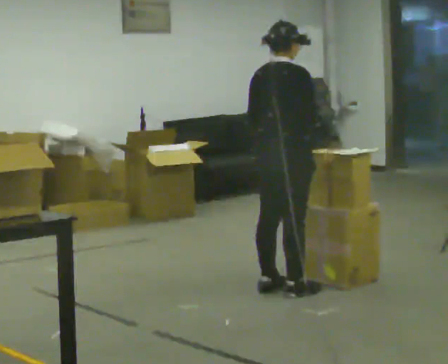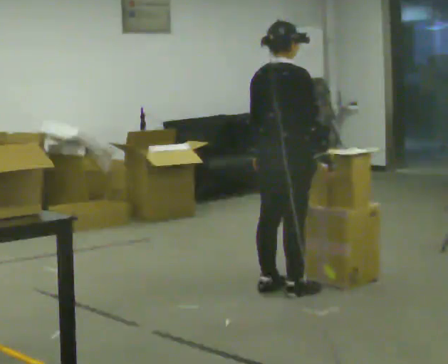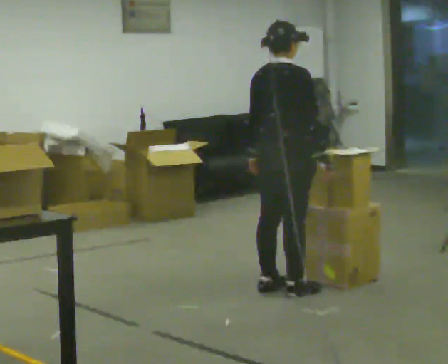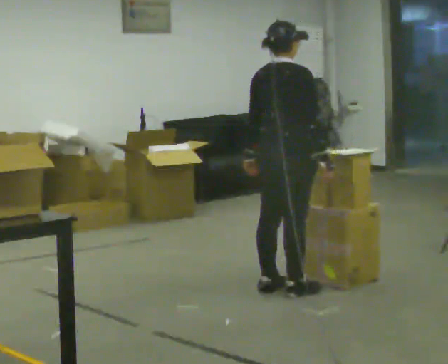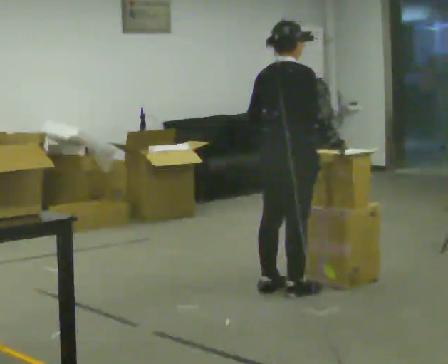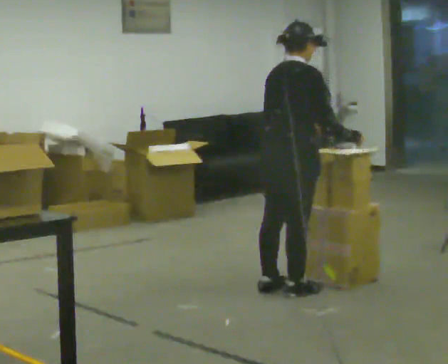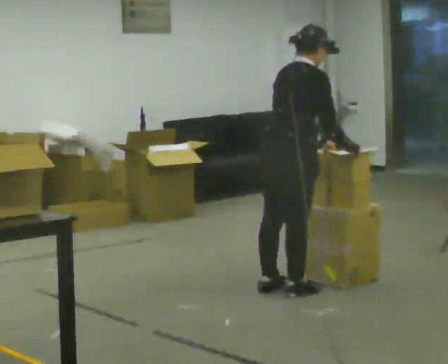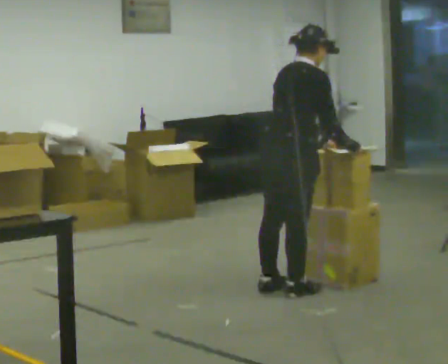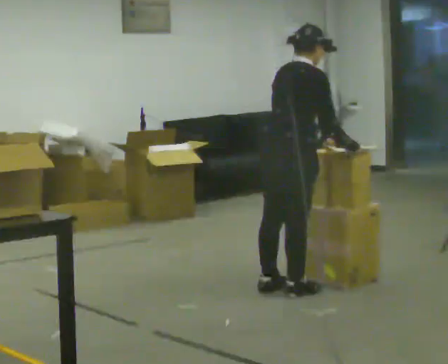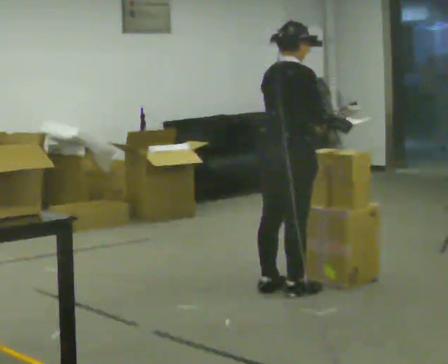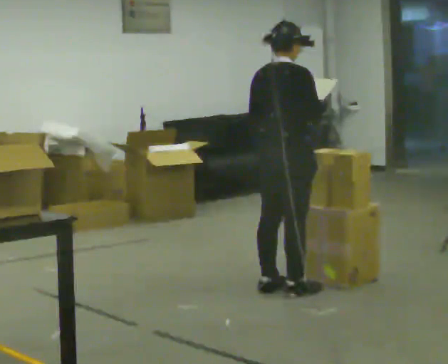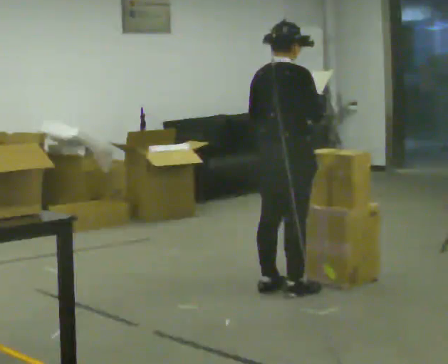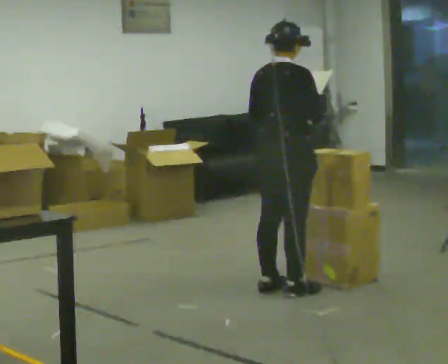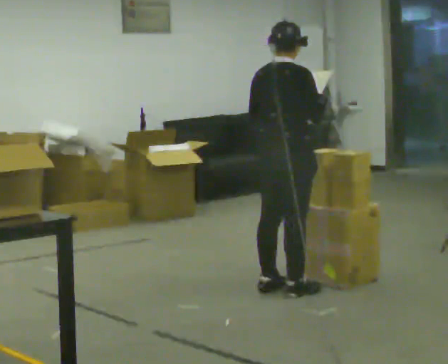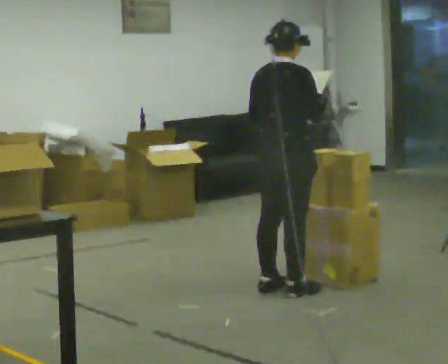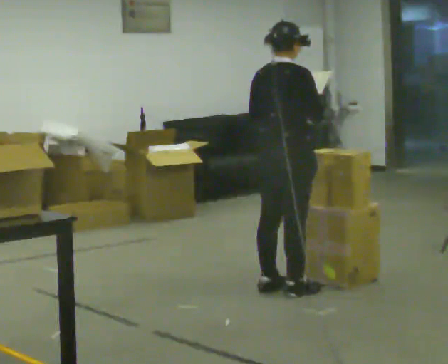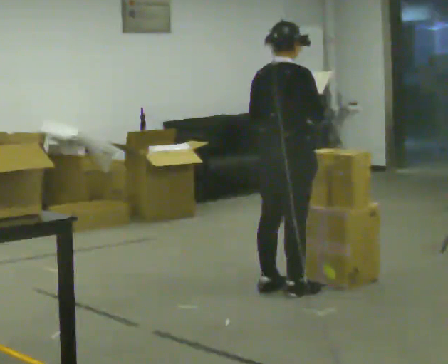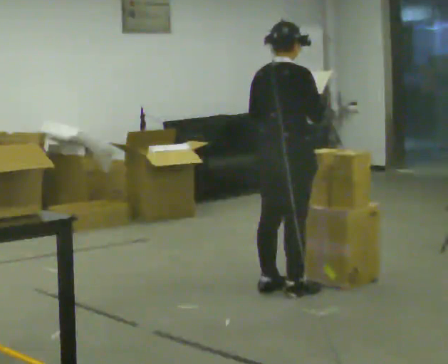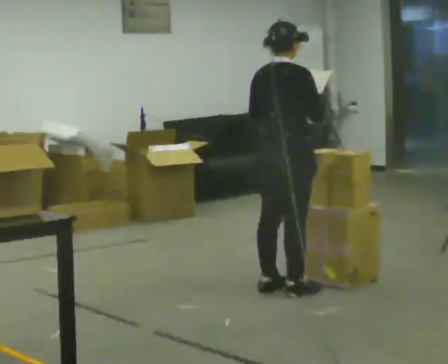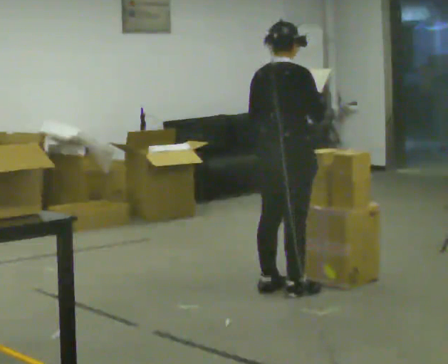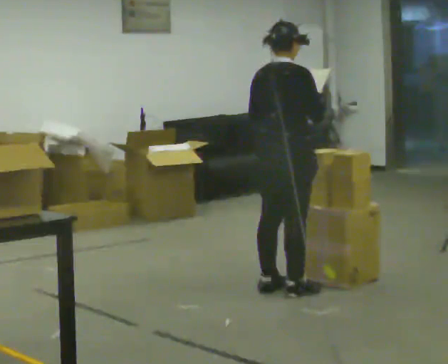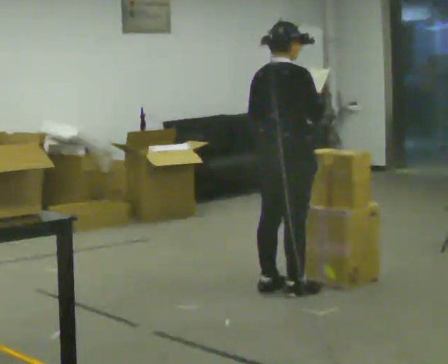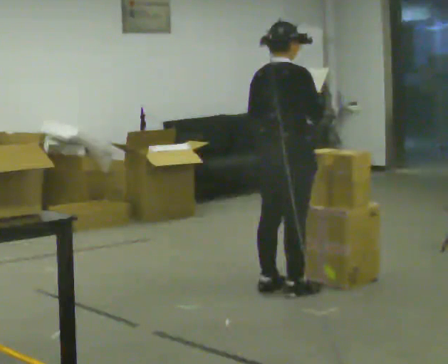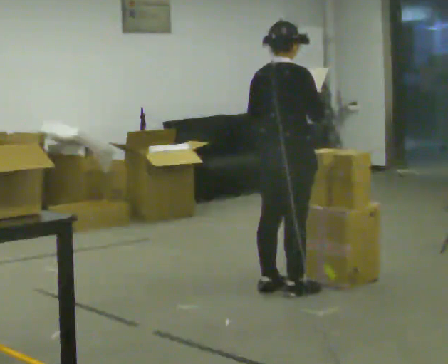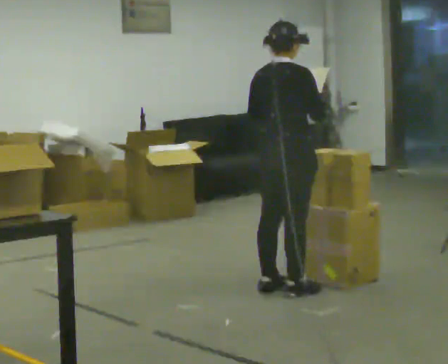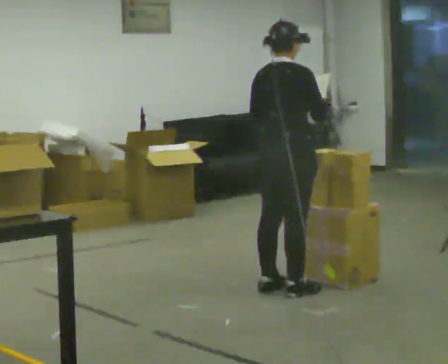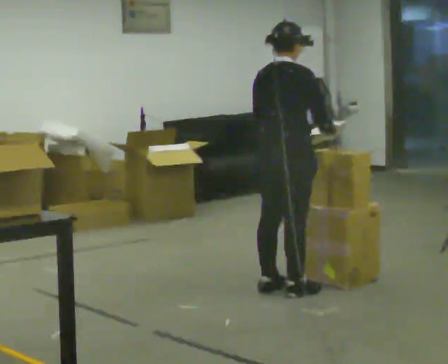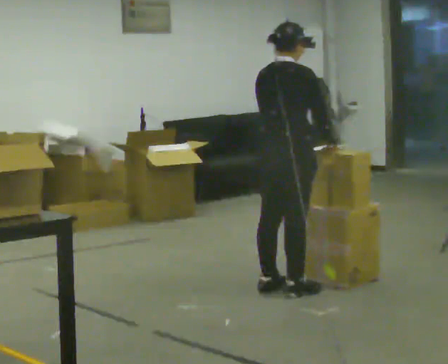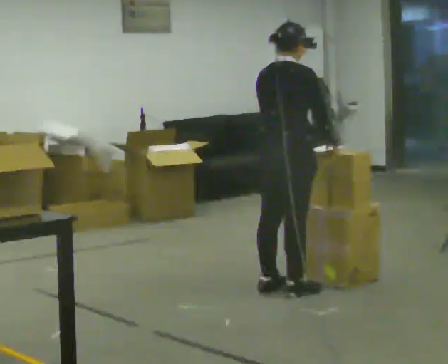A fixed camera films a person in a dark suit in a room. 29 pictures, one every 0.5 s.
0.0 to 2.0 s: The person moves a little, or ends about where they began.
2.0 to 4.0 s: In the picture their left hand goes to the right.
4.0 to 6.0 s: In the picture the upper body tilts counterclockwise, shoulders to the left, as they lean back or straighten.
6.0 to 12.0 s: The person keeps their place and pose.
12.0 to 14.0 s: The person moves a little, or ends about where they began.
The film runs backward here.
